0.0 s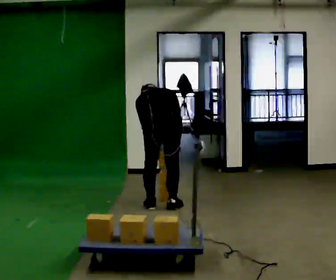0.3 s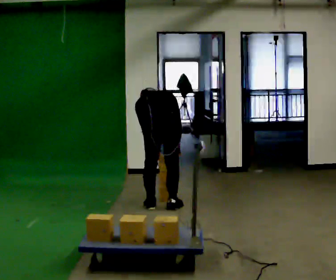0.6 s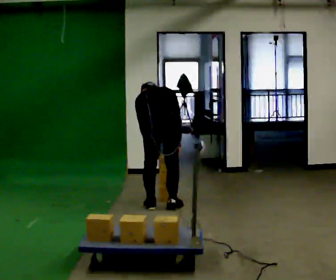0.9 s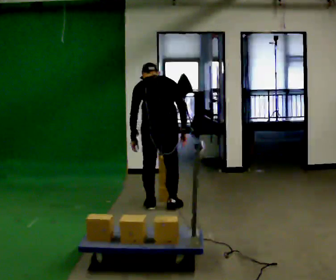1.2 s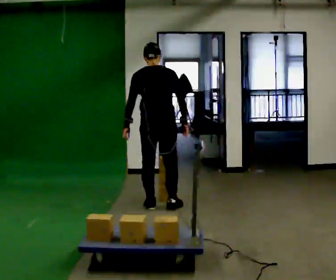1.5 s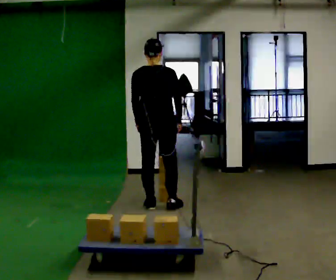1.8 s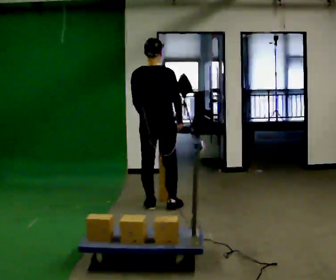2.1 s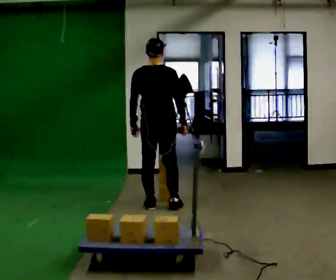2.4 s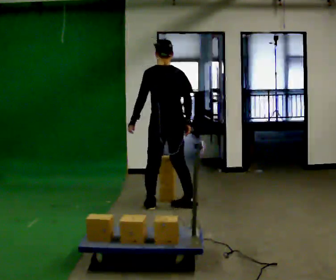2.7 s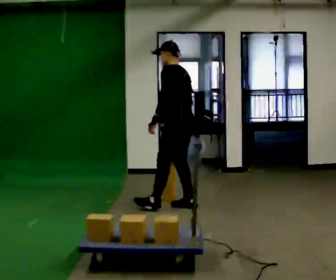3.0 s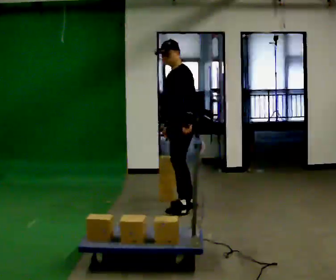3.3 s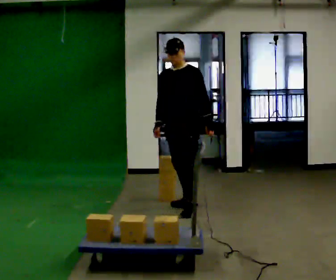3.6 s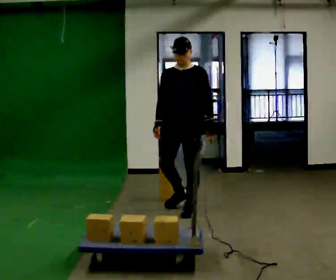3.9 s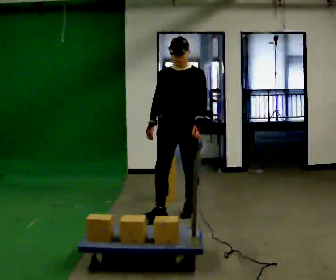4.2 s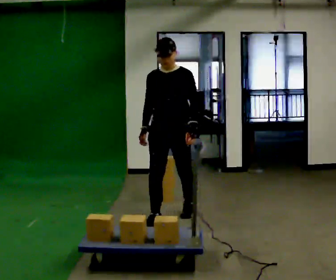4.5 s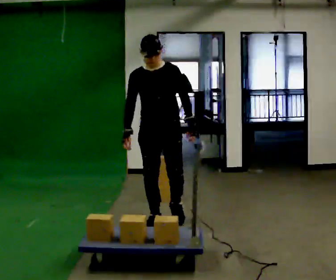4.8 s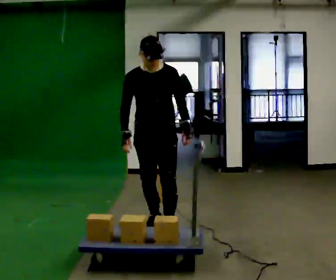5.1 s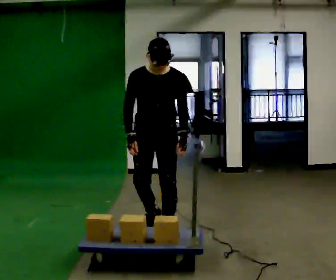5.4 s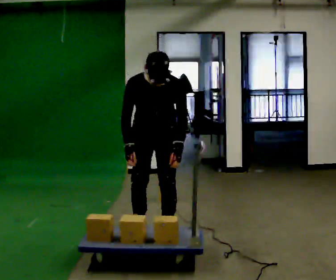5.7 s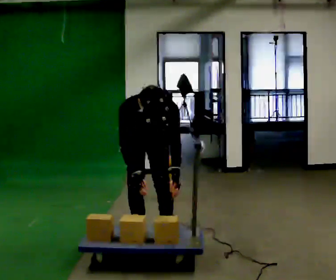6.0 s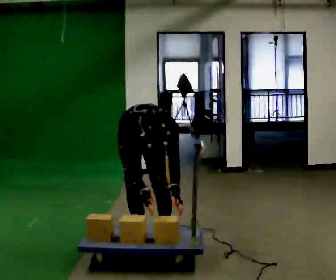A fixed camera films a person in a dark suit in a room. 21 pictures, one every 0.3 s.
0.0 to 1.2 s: The upper body goes upward. The upper body tips toward the camera, its near side rolling downward, as they lean back or straighten.
1.2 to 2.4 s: The part of the body nearest the lens slides to the right as the person turns to their left by about 30 degrees.
2.4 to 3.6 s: The part of the body nearest the lens slides to the right as the person turns to their left by about 120 degrees. In the picture they go toward the camera and to the right, about 0.25 m in 1 step. In the picture their left hand goes to the right, the arm swinging counterclockwise.
3.6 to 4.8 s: In the picture they go toward the camera, about 0.75 m in 2 steps, which for them is forward.
4.8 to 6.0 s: In the picture they go toward the camera, about 0.25 m in 1 step, which for them is forward. The upper body goes downward. The upper body tips toward the camera, its near side rolling downward, as they bend forward. In the picture their left hand goes downward.
The film runs forward here.
